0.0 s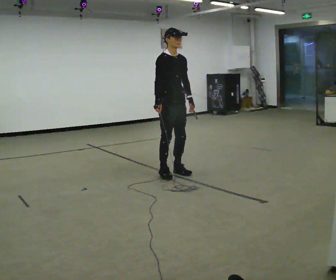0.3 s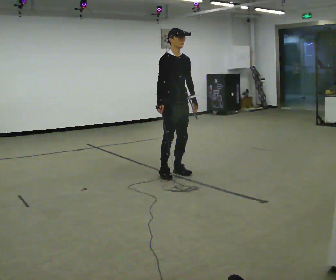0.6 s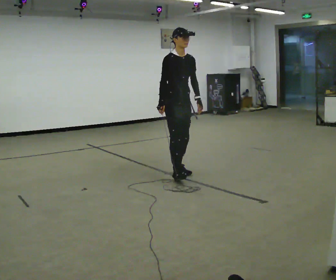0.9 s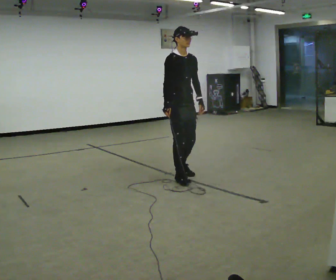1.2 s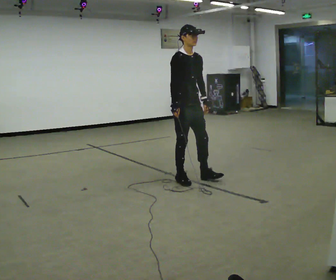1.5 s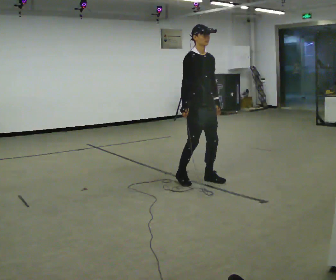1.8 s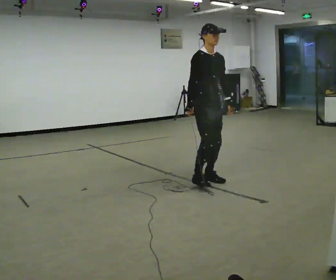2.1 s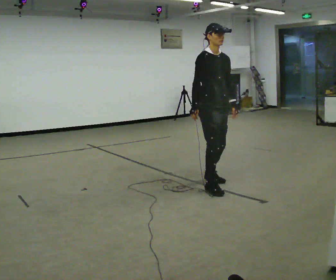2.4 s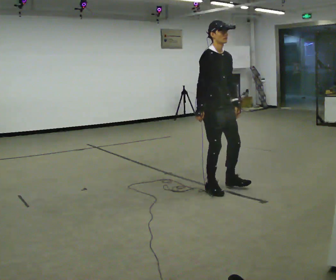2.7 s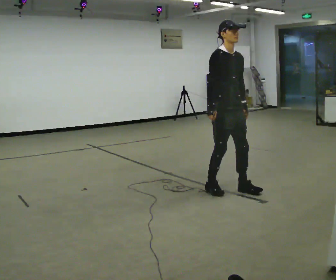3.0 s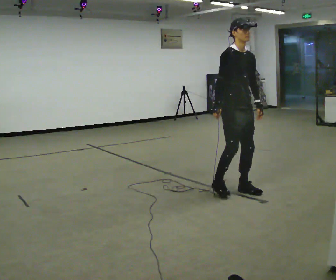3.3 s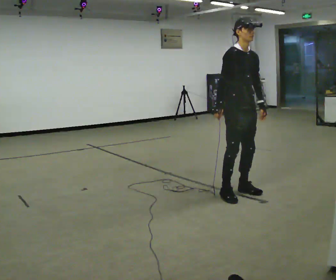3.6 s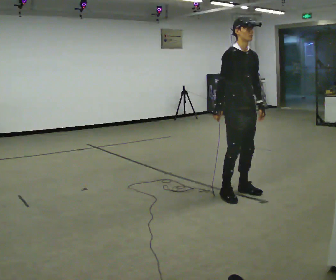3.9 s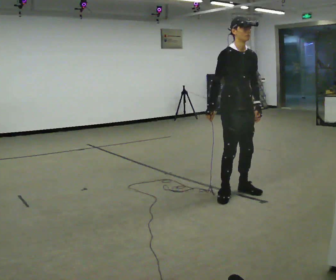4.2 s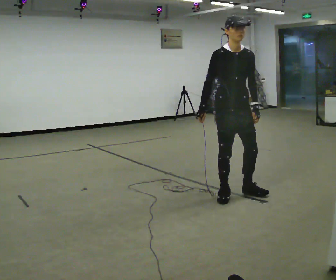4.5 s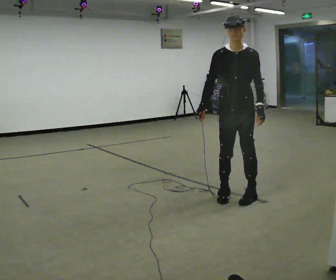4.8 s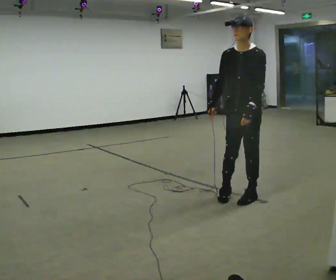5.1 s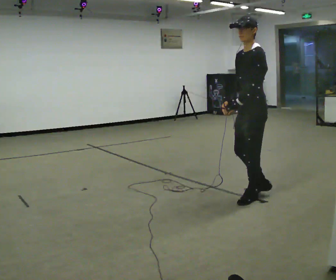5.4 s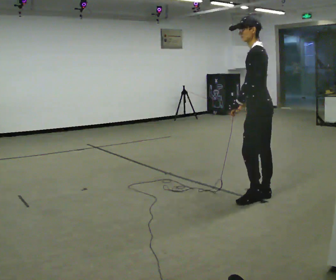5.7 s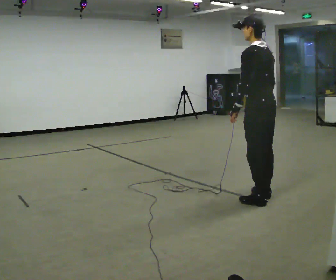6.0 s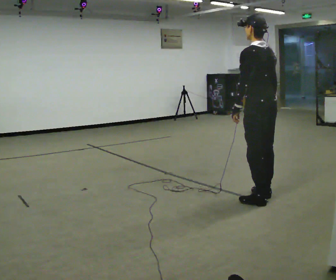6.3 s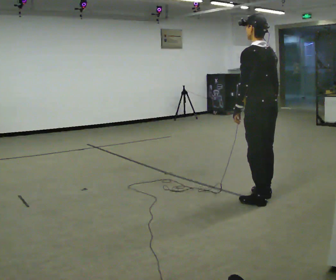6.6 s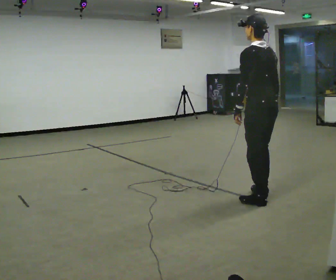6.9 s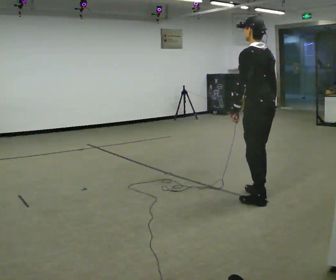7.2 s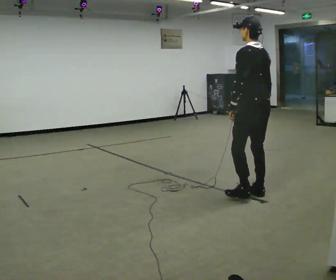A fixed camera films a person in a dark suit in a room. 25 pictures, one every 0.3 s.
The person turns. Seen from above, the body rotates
clockwise.
The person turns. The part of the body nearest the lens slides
to the left.
0.0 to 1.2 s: In the picture they go toward the camera and to the right, about 0.25 m in 2 steps, which for them is forward.
1.2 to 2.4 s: In the picture they go toward the camera and to the right, about 0.5 m in 2 steps, which for them is forward.
2.4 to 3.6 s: In the picture they go to the right and toward the camera, about 0.25 m in 1 step, which for them is forward.
3.6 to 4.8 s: The person turns about 60 degrees to their right, clockwise seen from above, so the part of the body nearest the lens slides to the left.
4.8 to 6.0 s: The person turns about 120 degrees to their right, clockwise seen from above, so the part of the body nearest the lens slides to the left. In the picture they go to the right, about 0.25 m in 1 step. In the picture their right hand goes to the right, the arm swinging counterclockwise.
6.0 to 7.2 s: The person moves a little, or ends about where they began.
The film runs backward here.
